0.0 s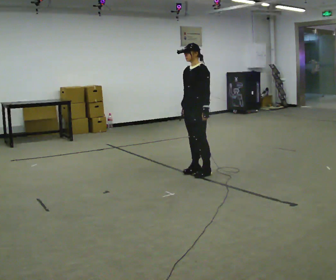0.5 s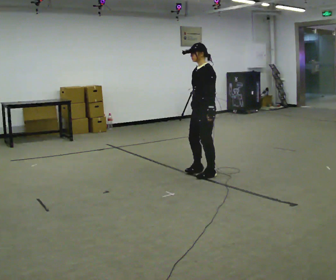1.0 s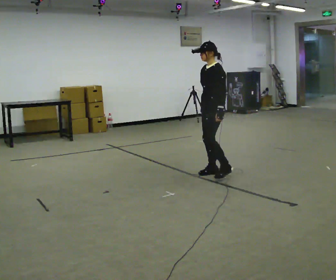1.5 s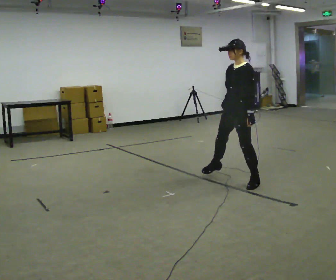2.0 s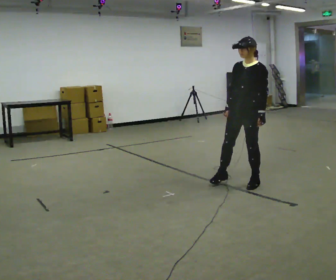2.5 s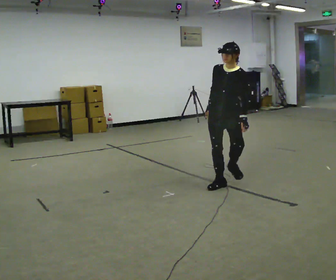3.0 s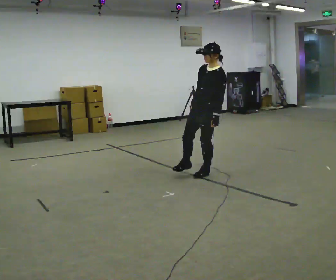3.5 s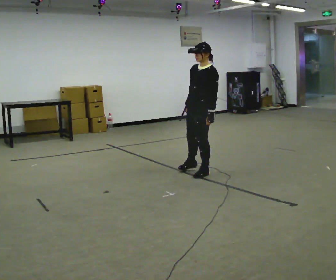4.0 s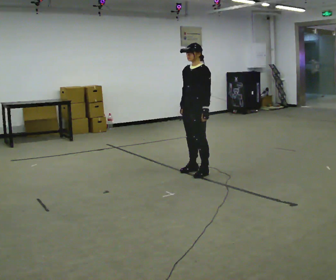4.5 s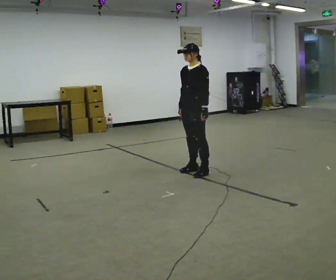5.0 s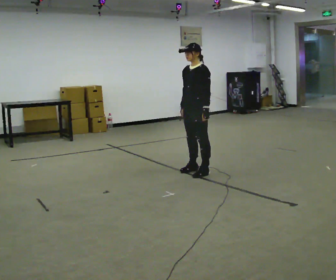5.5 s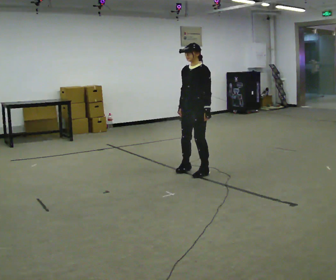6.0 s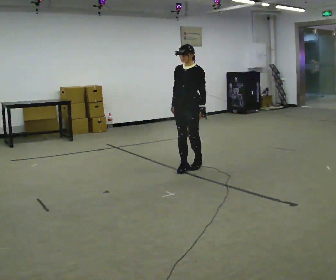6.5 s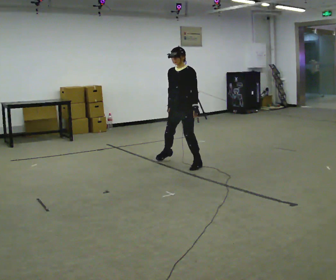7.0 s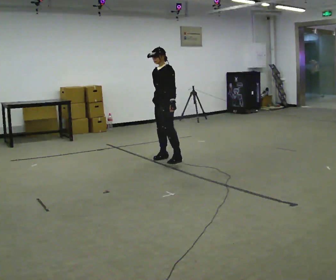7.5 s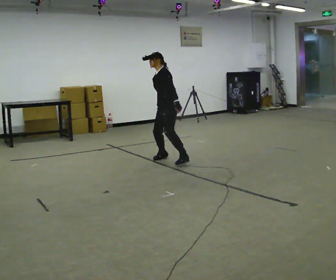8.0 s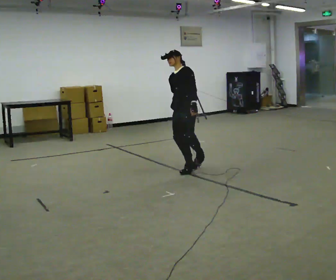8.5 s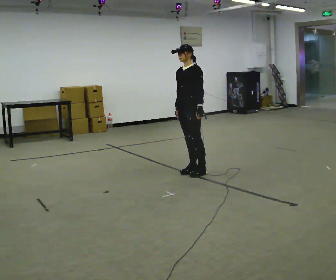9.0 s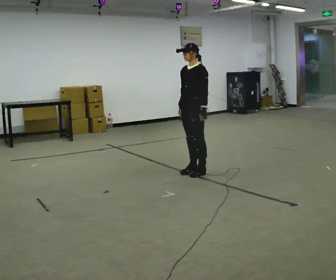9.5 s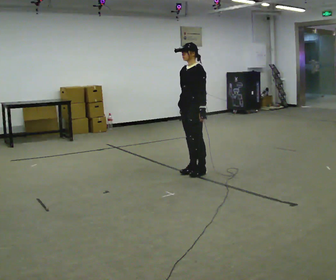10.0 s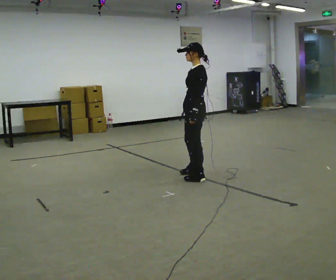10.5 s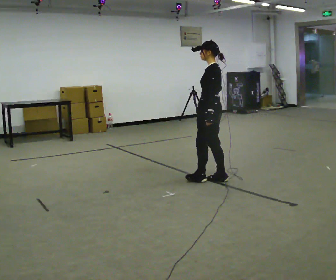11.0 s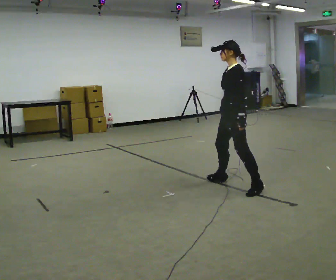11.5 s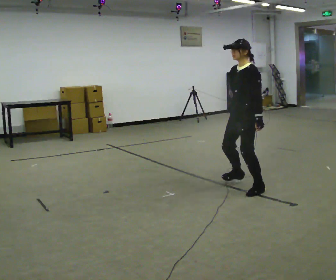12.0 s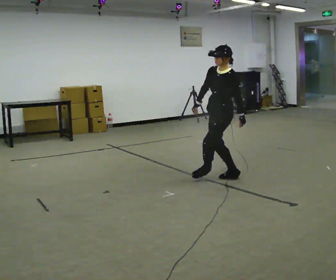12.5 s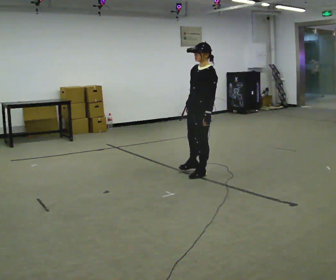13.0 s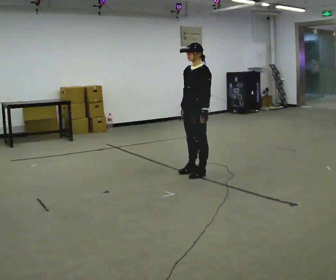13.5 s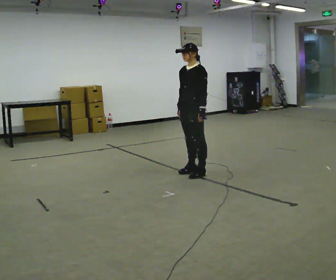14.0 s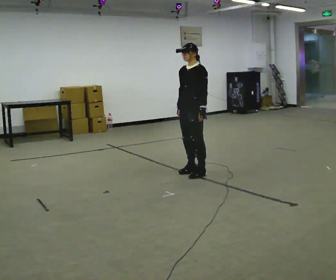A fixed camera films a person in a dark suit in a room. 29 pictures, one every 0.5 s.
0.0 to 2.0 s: In the picture they go toward the camera and to the right, about 1 m in 3 steps, which for them is to their left.
2.0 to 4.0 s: In the picture they go away from the camera and to the left, about 1 m in 2 steps, which for them is to their right.
4.0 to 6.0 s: In the picture they go away from the camera, about 0.25 m in 1 step, which for them is to their right.
6.0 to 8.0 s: The person moves a little, or ends about where they began.
8.0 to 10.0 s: The person turns about 30 degrees to their right, clockwise seen from above, so the part of the body nearest the lens slides to the left. In the picture they go toward the camera, about 0.5 m in 1 step, which for them is to their left and forward.
10.0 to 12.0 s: In the picture they go to the right and toward the camera, about 0.25 m in 5 steps, which for them is to their left and backward.
12.0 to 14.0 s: In the picture they go to the left and away from the camera, about 0.5 m, which for them is to their right.
The film runs backward here.
